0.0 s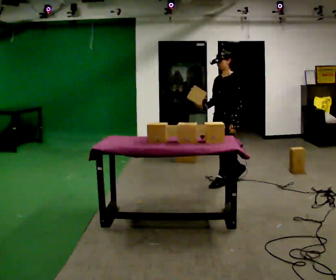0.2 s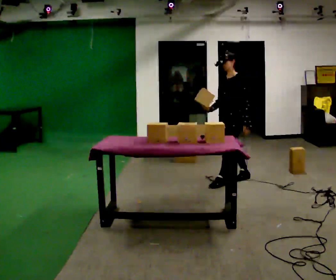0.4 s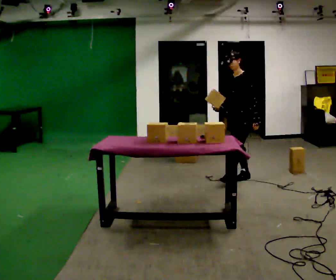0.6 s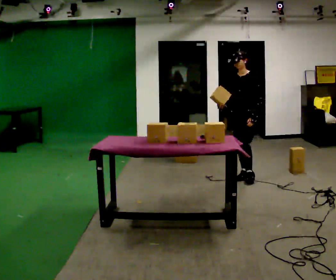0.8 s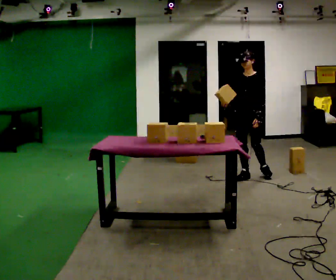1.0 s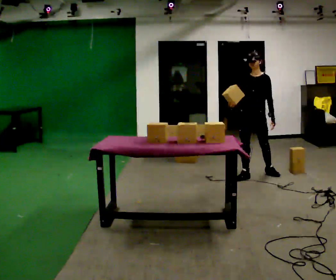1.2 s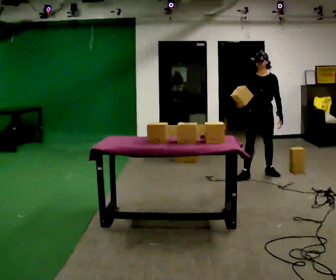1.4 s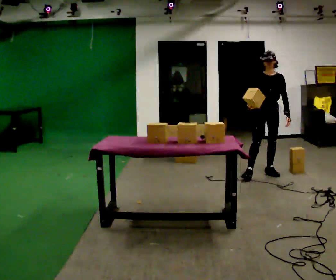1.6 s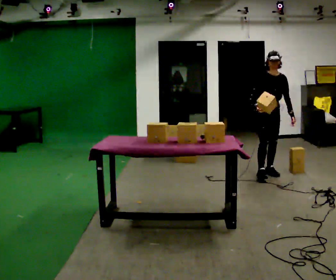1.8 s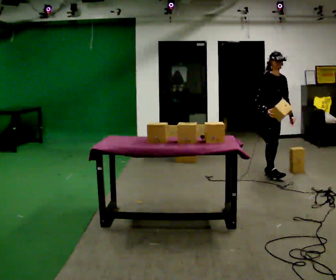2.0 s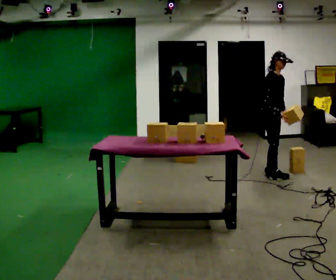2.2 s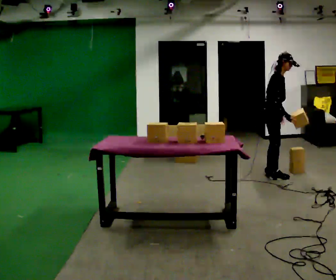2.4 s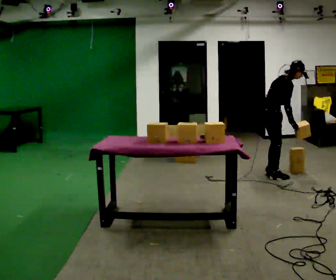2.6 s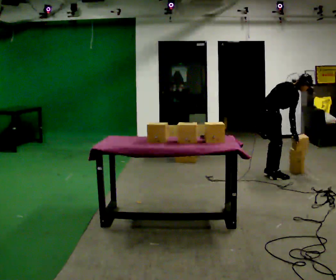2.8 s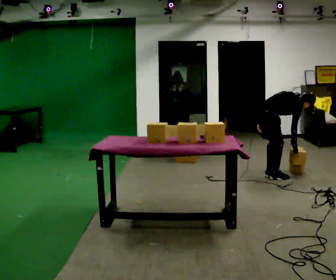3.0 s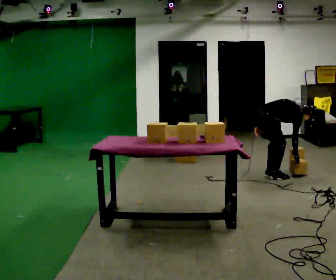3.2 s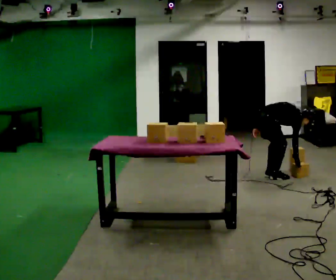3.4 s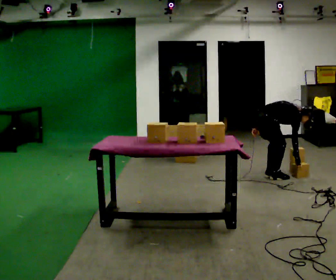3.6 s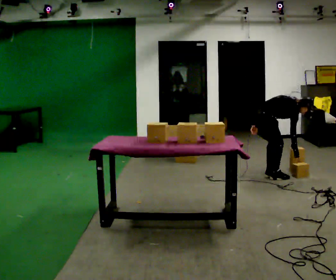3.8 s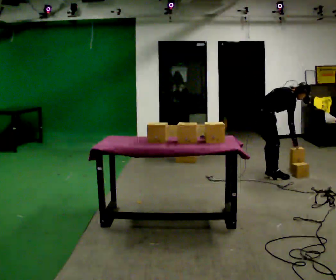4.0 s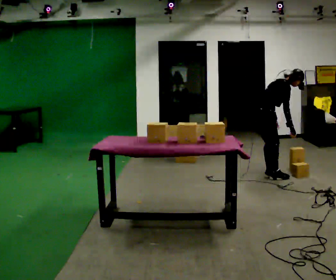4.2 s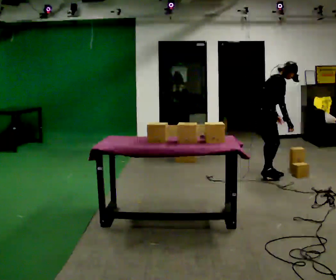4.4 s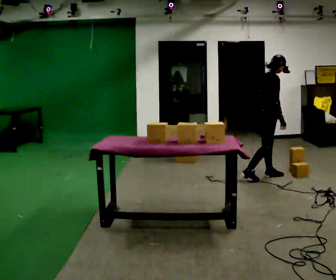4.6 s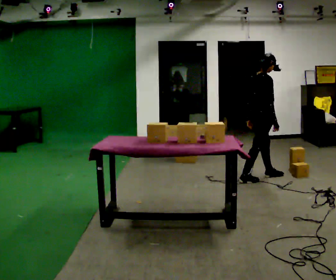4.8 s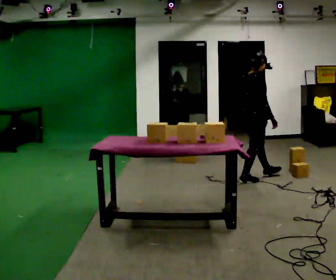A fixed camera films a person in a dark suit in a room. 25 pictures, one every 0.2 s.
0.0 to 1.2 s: The part of the body nearest the lens slides to the right as the person turns to their left by about 45 degrees. In the picture they go away from the camera and to the right, about 0.5 m in 1 step, which for them is backward.
1.2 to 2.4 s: Seen from above the body turns counterclockwise, about 105 degrees: to their left, with its near side sliding to the right. In the picture the upper body tilts clockwise, shoulders to the right, as they bend forward.
2.4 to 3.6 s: The person moves a little, or ends about where they began.
3.6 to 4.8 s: The upper body goes upward. In the picture the upper body tilts counterclockwise, shoulders to the left, as they lean back or straighten.
The film runs backward here.
